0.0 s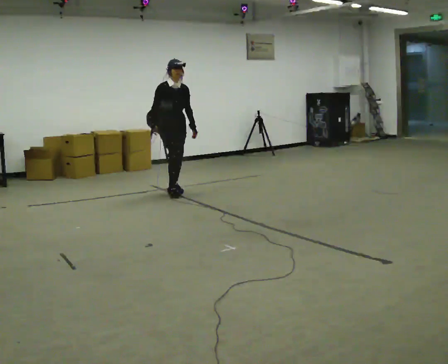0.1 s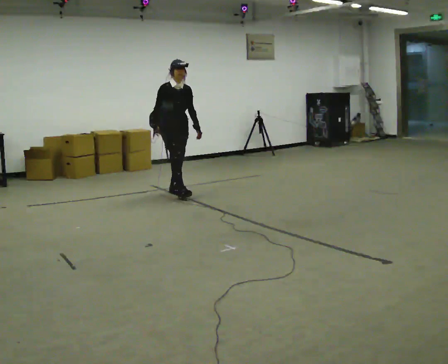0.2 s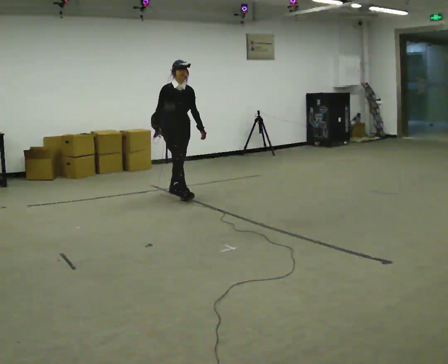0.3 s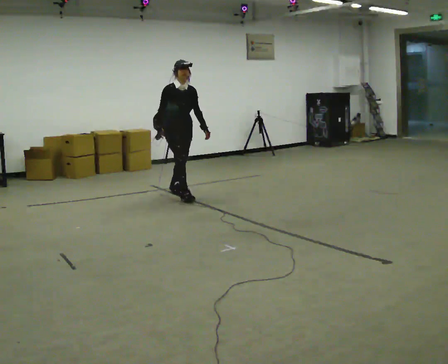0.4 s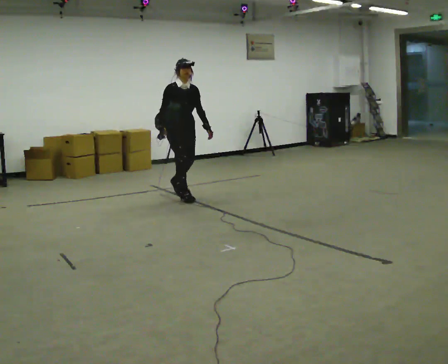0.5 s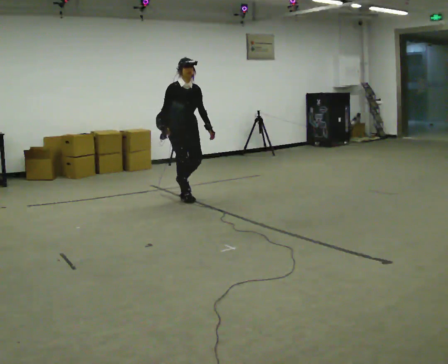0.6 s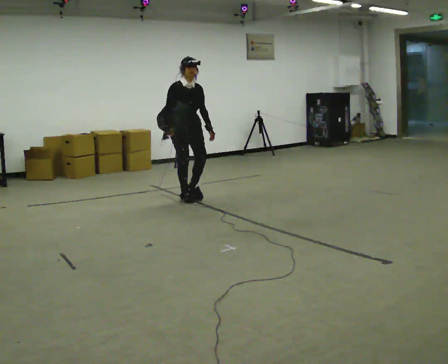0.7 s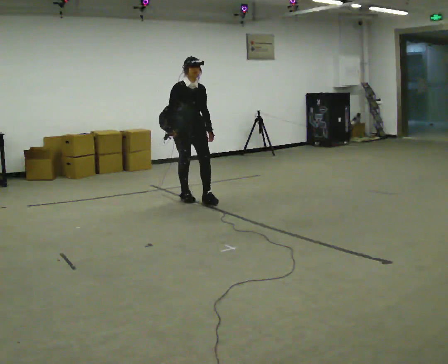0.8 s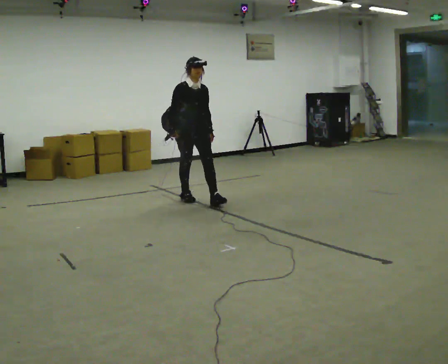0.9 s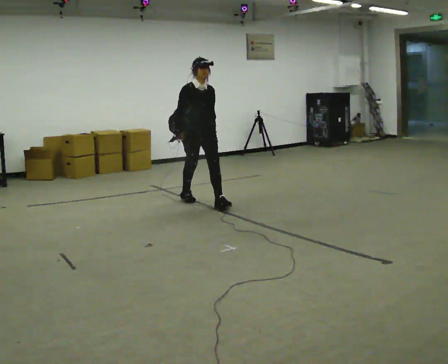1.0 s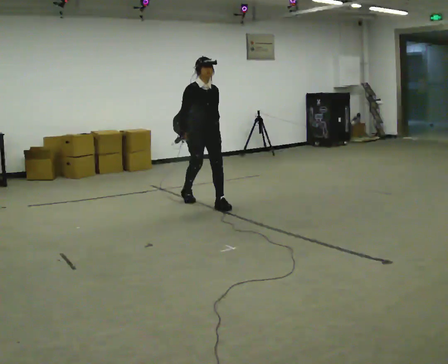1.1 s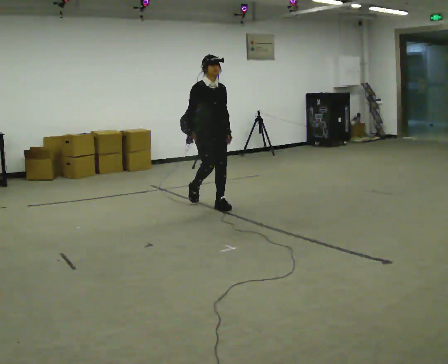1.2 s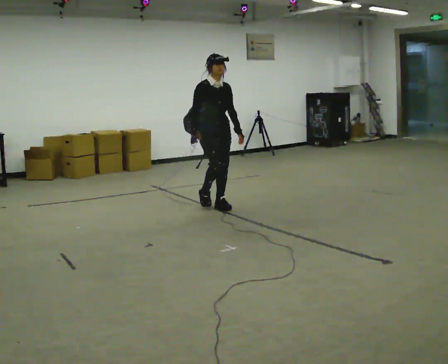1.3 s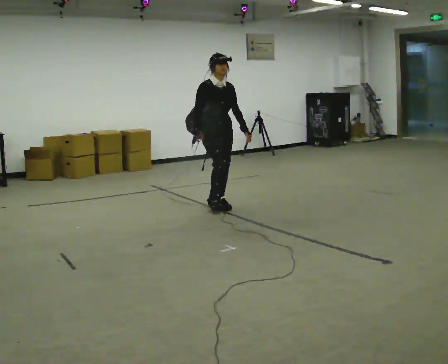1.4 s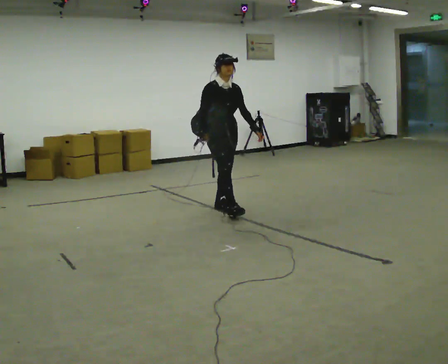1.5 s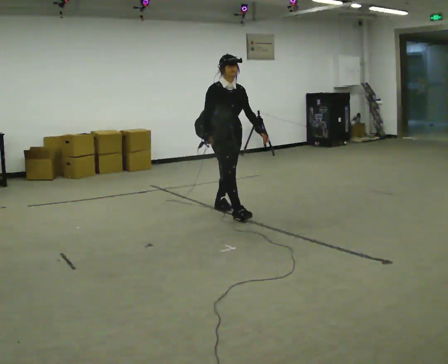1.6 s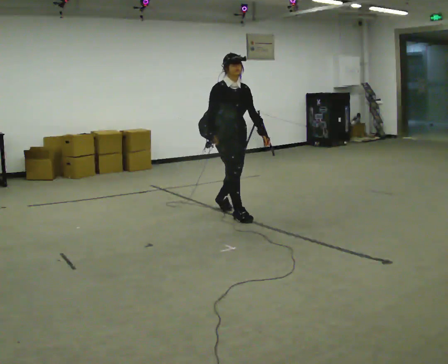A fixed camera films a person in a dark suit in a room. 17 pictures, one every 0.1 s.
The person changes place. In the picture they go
toward the camera.
0.0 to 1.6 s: In the picture they go toward the camera and to the right, about 1.5 m in 3 steps, which for them is forward.
The film runs forward here.
